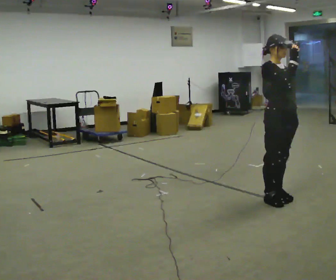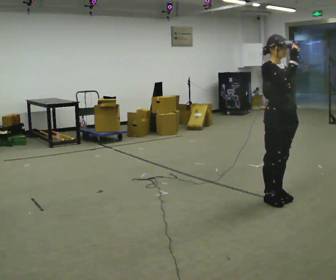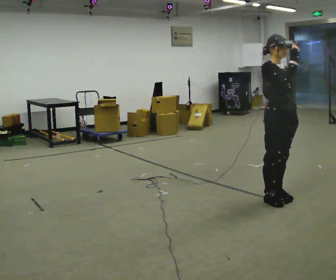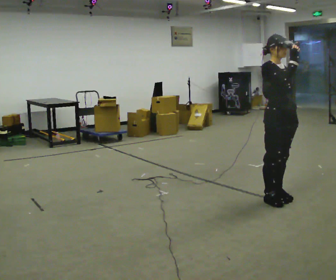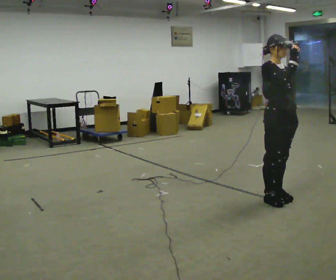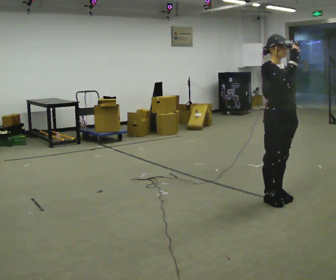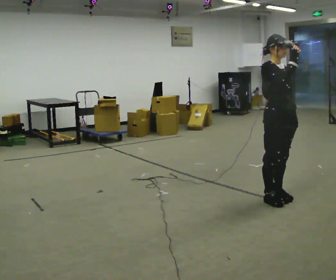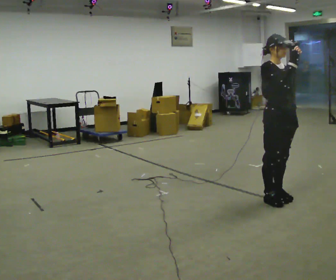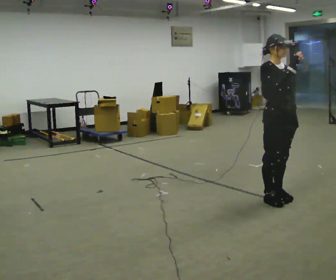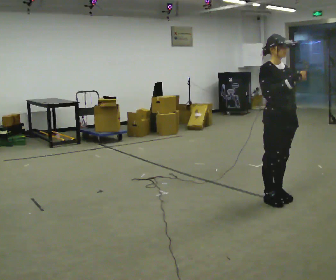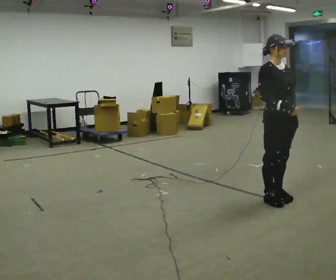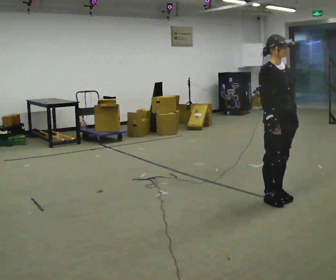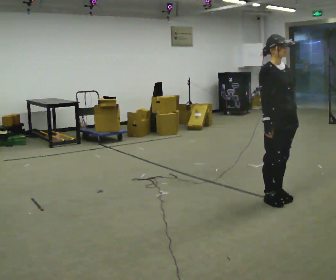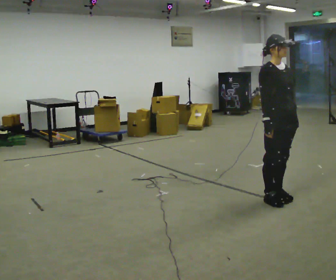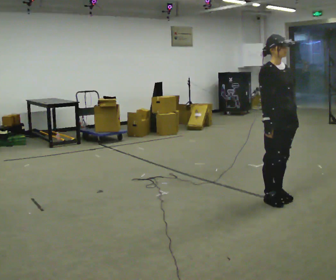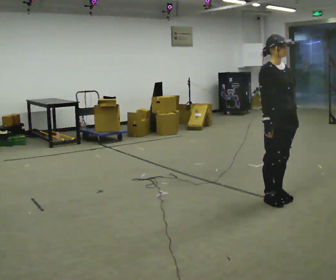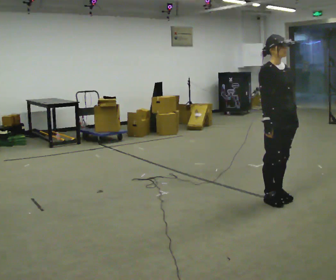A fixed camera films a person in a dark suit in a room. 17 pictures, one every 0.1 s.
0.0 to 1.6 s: In the picture their right hand goes downward.
The film runs backward here.
